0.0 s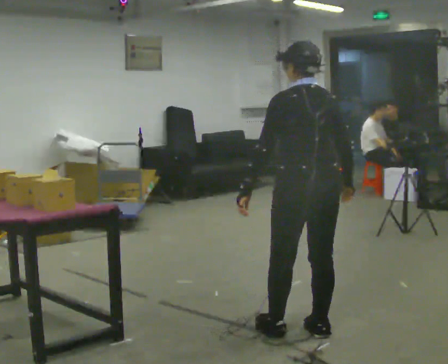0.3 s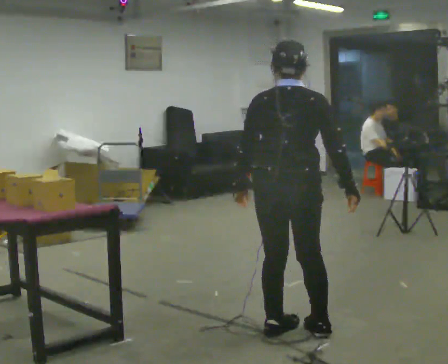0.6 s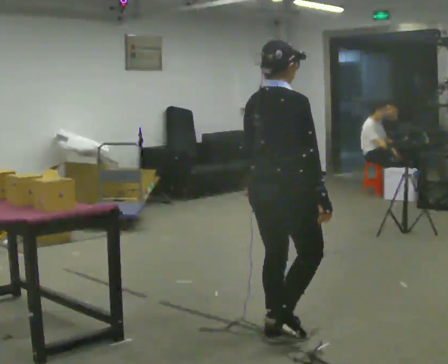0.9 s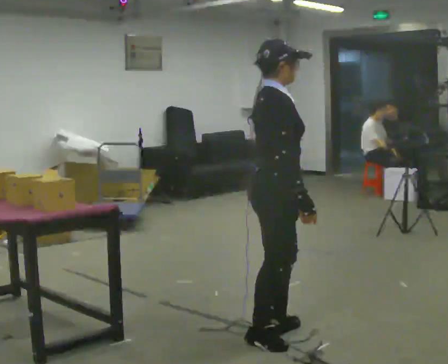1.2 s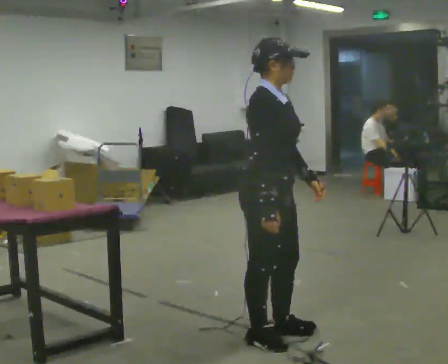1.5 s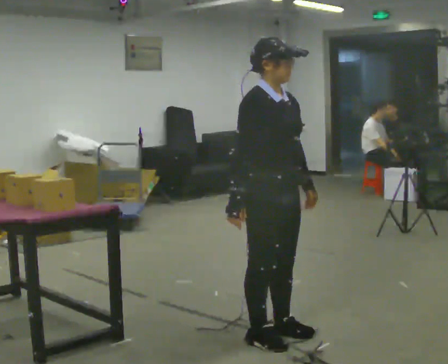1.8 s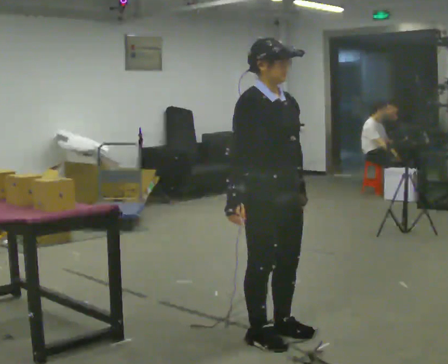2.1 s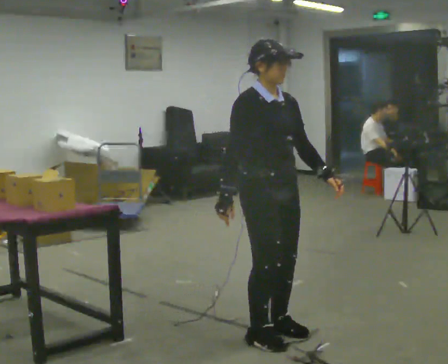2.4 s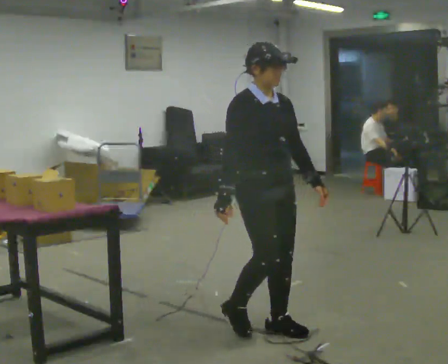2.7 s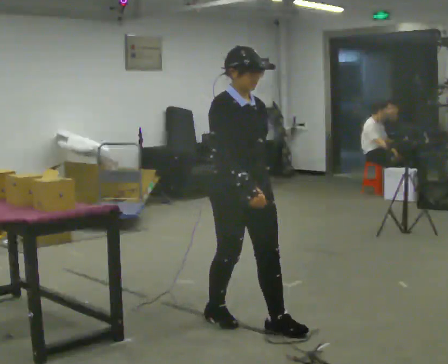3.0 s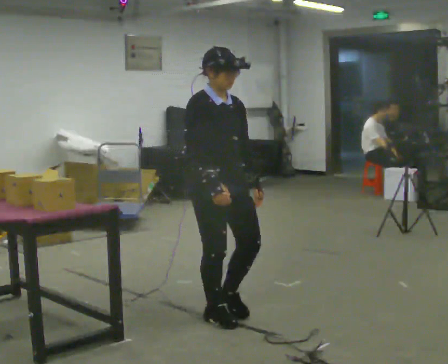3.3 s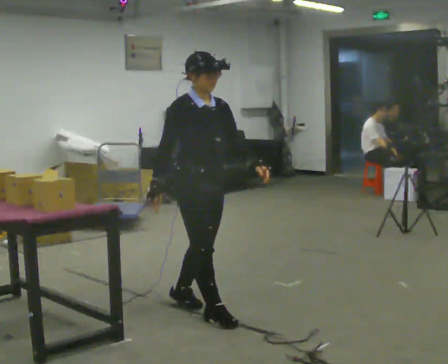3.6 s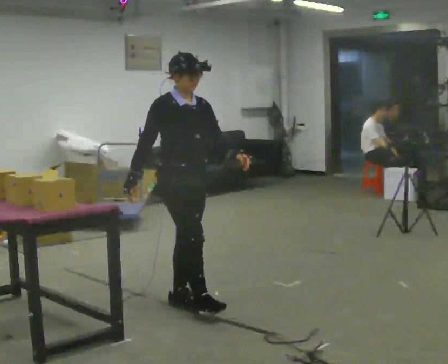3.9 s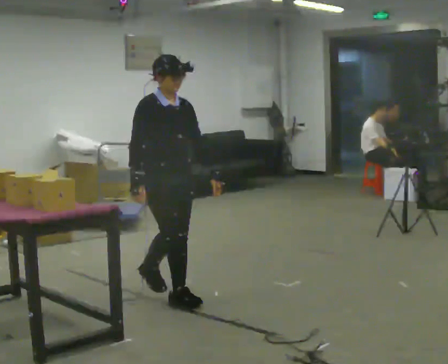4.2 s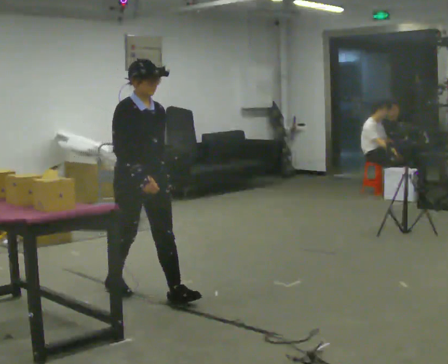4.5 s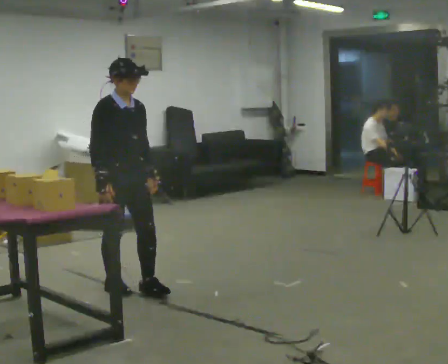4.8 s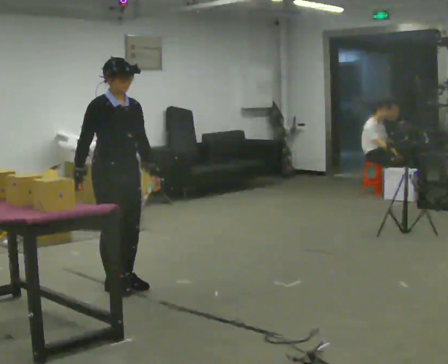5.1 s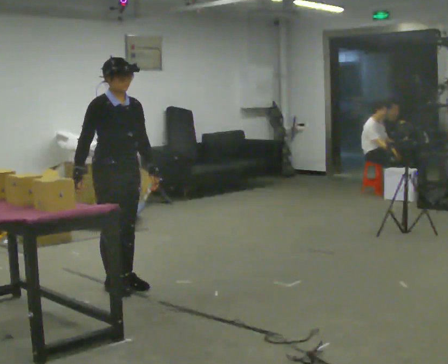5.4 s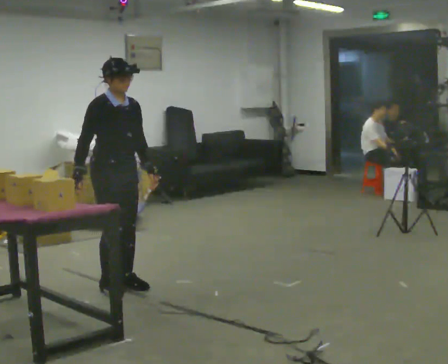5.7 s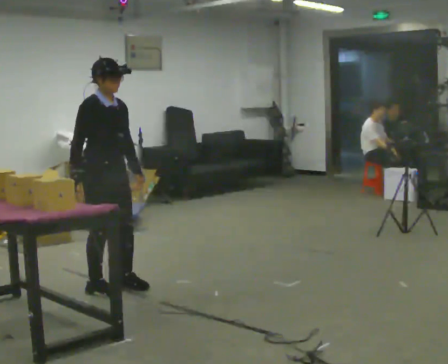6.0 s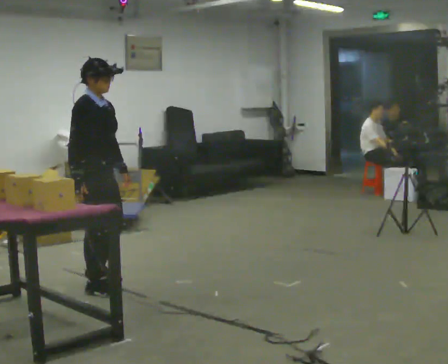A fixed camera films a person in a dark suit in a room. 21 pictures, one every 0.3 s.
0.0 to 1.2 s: The part of the body nearest the lens slides to the left as the person turns to their right by about 135 degrees. In the picture they go to the left, about 0.25 m in 1 step. In the picture their left hand goes to the right, the arm swinging counterclockwise.
1.2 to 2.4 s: Seen from above the body turns clockwise, about 30 degrees: to their right, with its near side sliding to the left.
2.4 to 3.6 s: In the picture they go away from the camera and to the left, about 0.5 m in 2 steps, which for them is backward.
3.6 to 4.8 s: In the picture they go to the left and away from the camera, about 0.5 m in 1 step, which for them is backward.
4.8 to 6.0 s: The part of the body nearest the lens slides to the right as the person turns to their left by about 30 degrees.
The film runs backward here.
